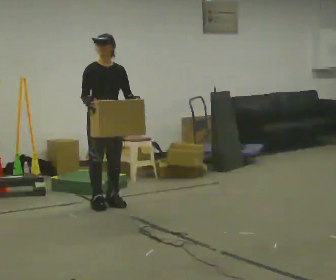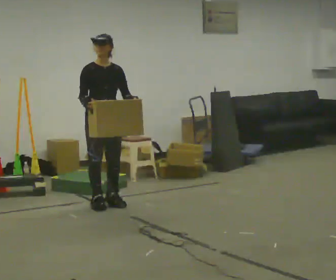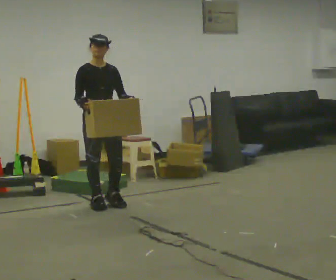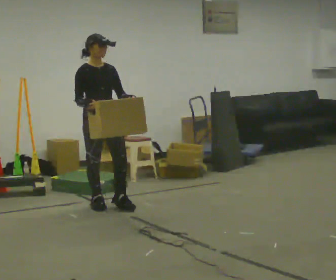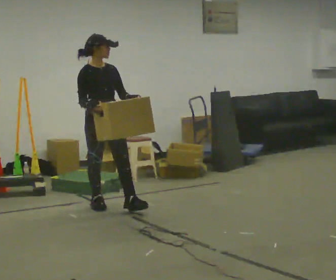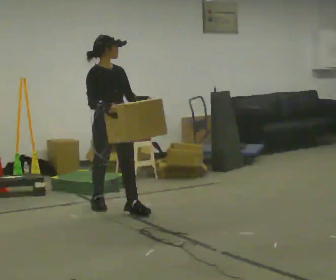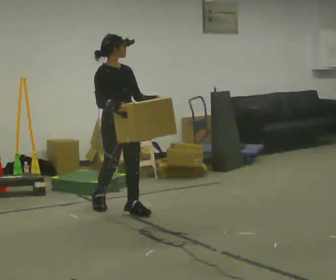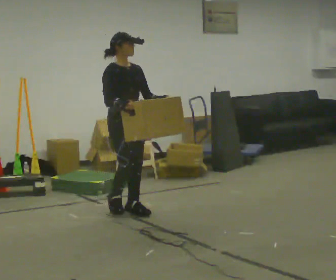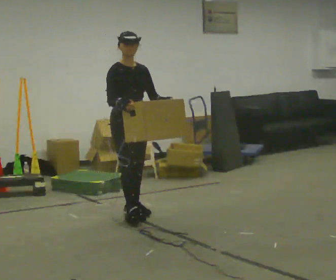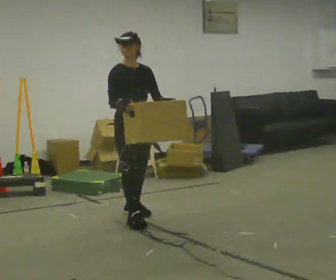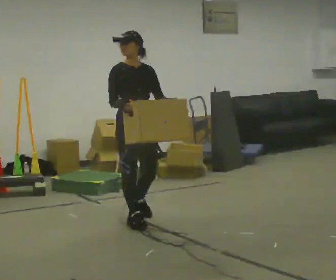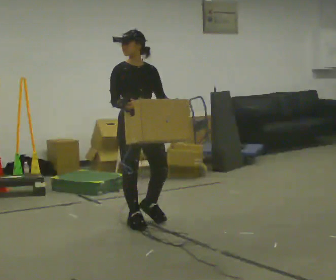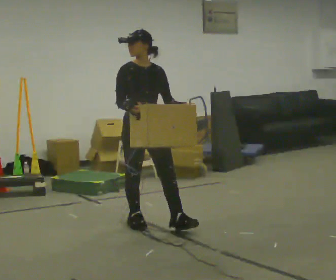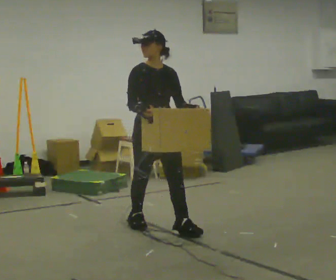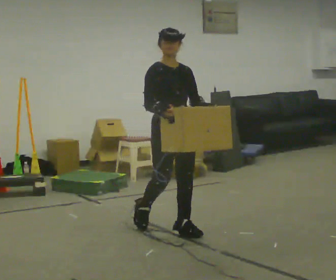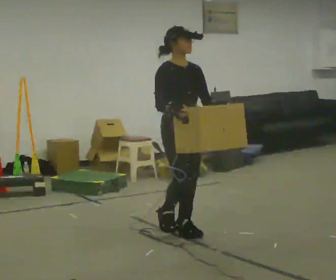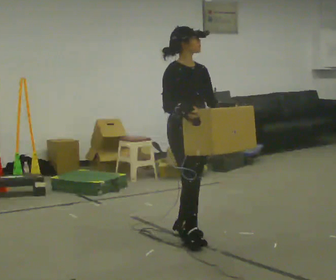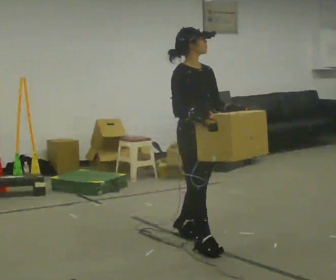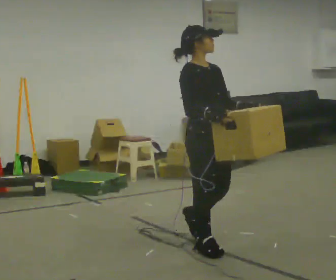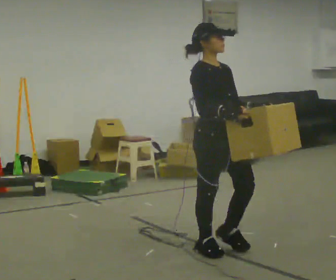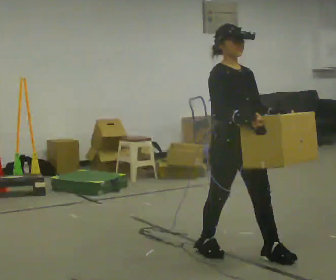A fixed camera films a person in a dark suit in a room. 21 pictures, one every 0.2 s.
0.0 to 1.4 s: In the picture they go toward the camera and to the right, about 0.5 m in 1 step, which for them is forward.
1.4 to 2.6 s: In the picture they go toward the camera and to the right, about 0.75 m in 2 steps, which for them is forward.
2.6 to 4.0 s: In the picture they go toward the camera and to the right, about 1 m in 2 steps, which for them is forward.
The film runs forward here.
